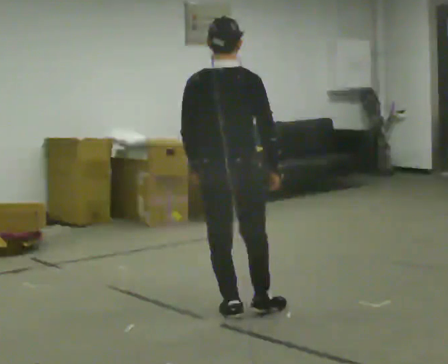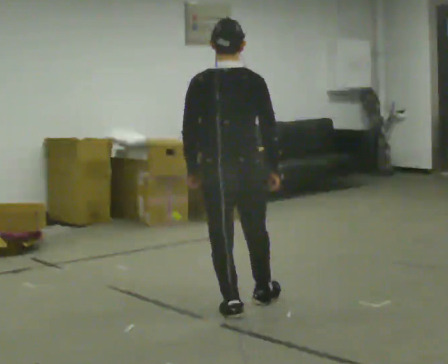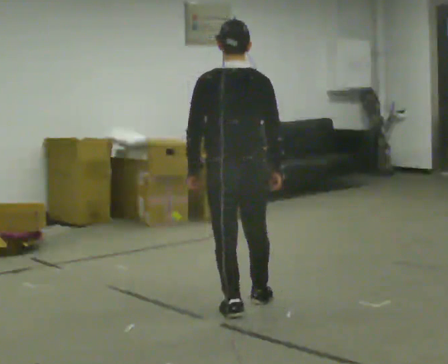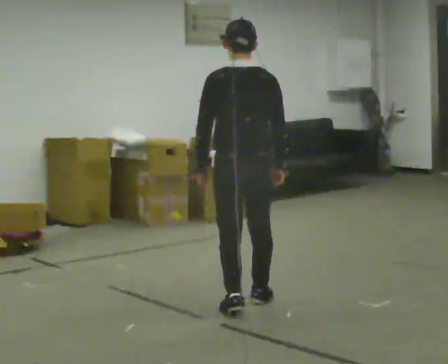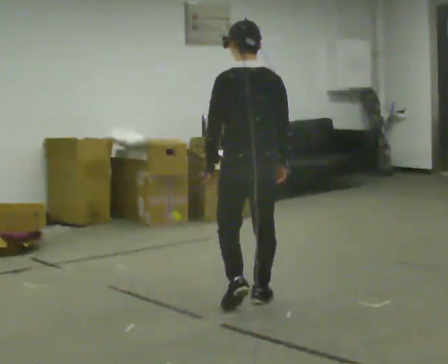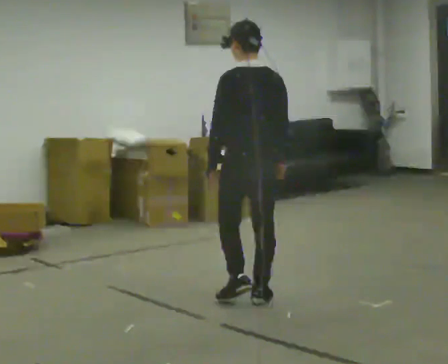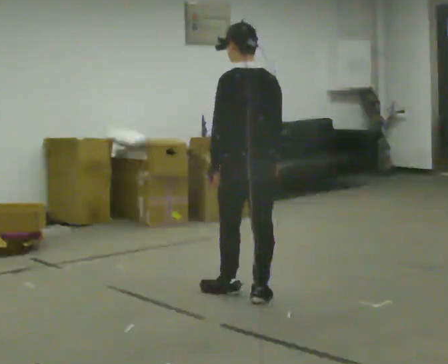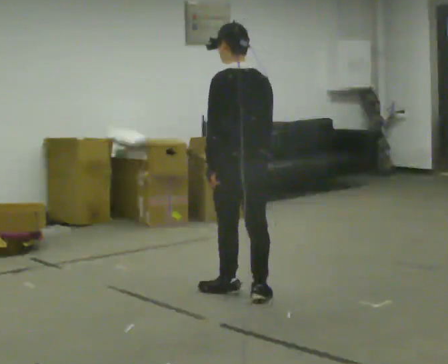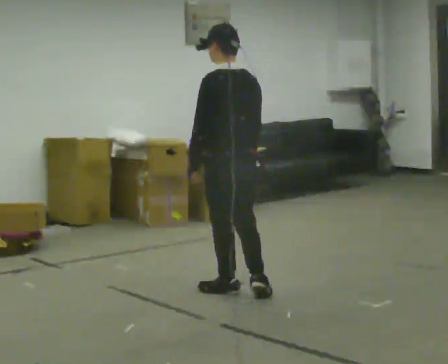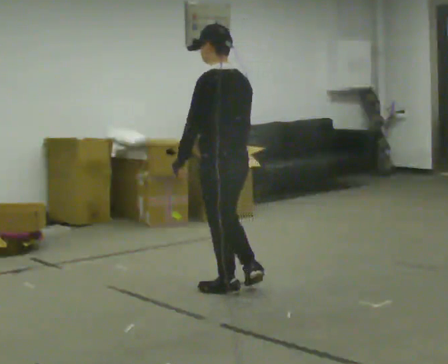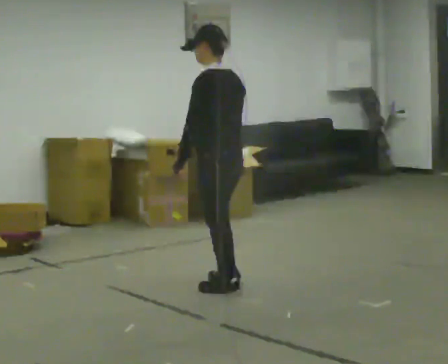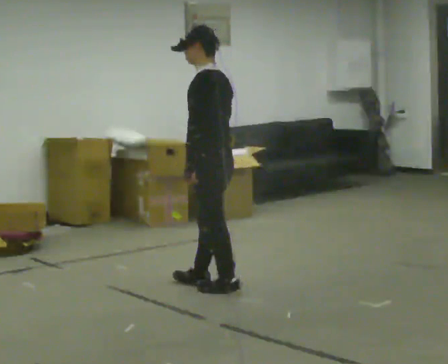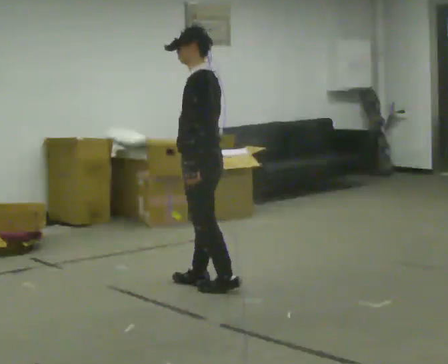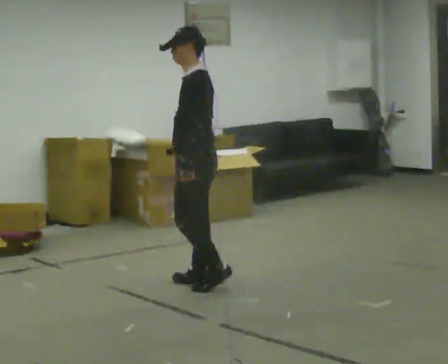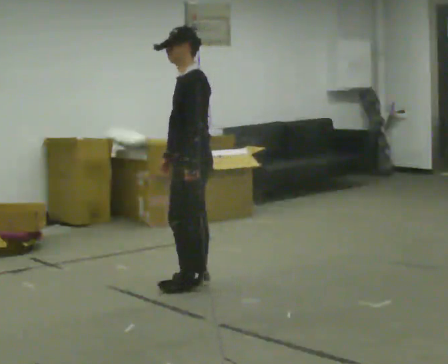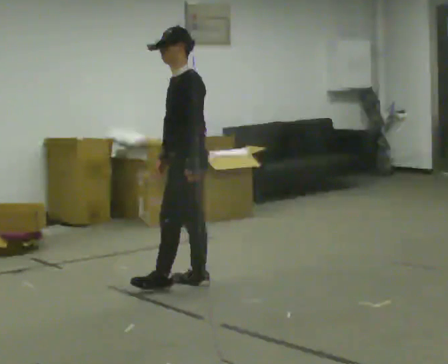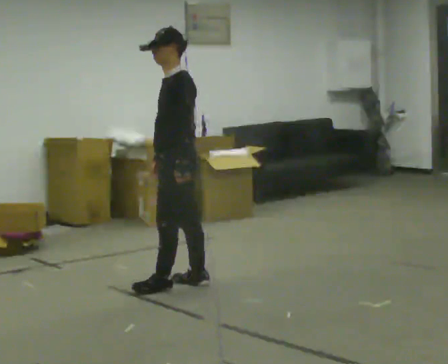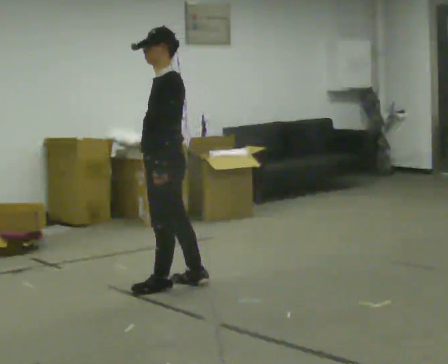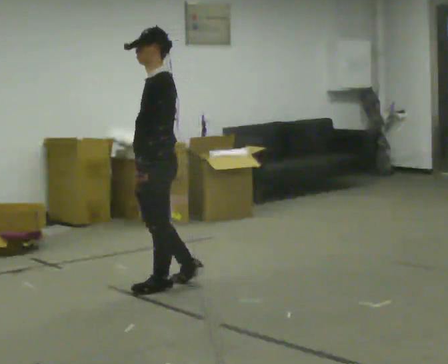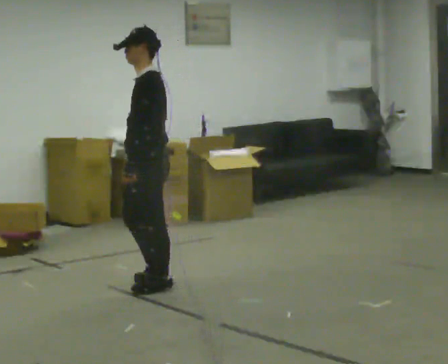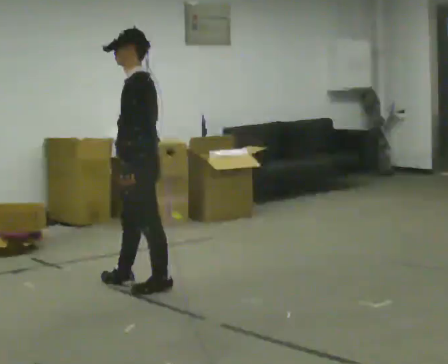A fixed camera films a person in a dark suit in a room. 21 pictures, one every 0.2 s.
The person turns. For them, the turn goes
to their left.
The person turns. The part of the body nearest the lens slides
to the right.
0.0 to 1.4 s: The person turns about 45 degrees to their left, counterclockwise seen from above, so the part of the body nearest the lens slides to the right. In the picture they go away from the camera, about 0.5 m in 2 steps, which for them is forward and to their right.
1.4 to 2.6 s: Seen from above the body turns counterclockwise, about 60 degrees: to their left, with its near side sliding to the right. In the picture they go away from the camera and to the left, about 0.5 m in 1 step.
2.6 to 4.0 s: In the picture they go to the left, about 0.25 m in 1 step, which for them is forward.
The film runs forward here.
